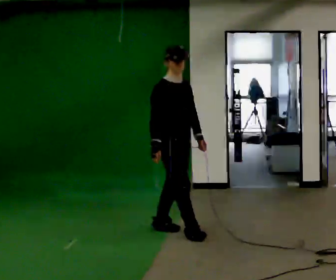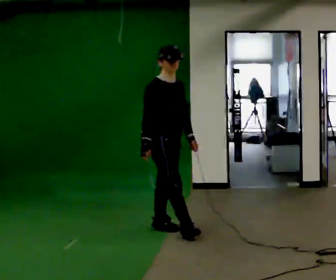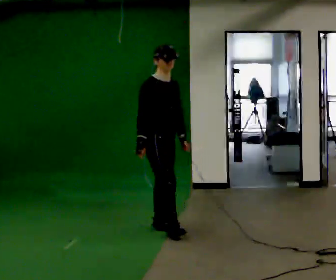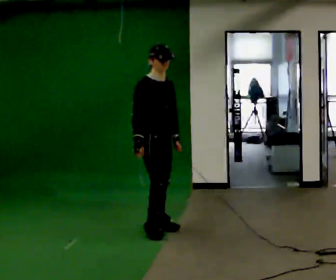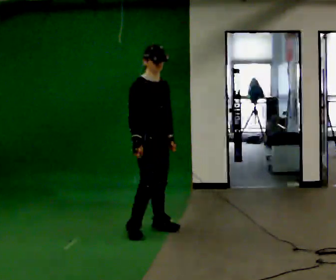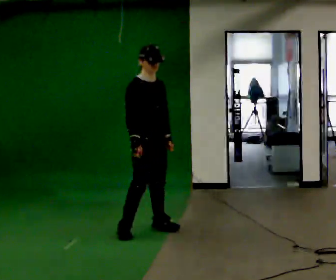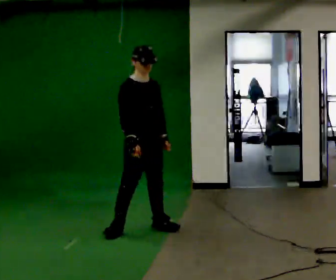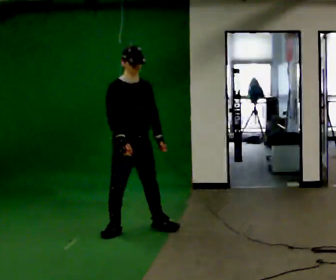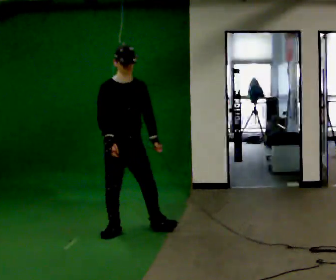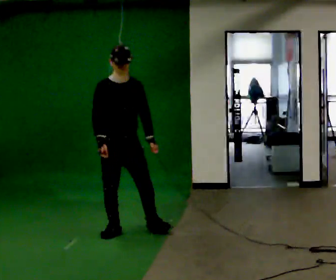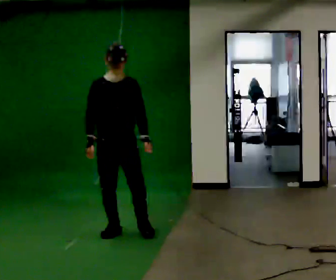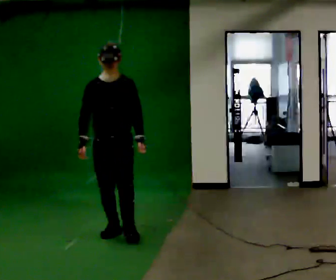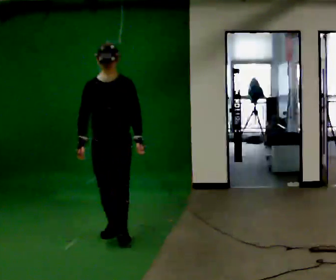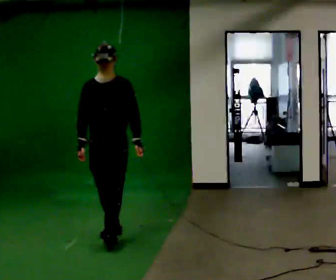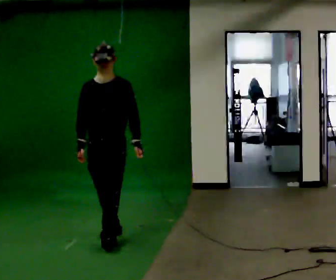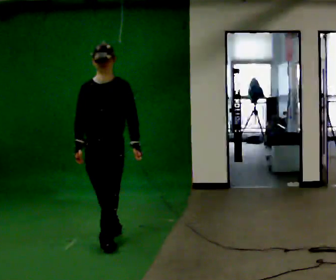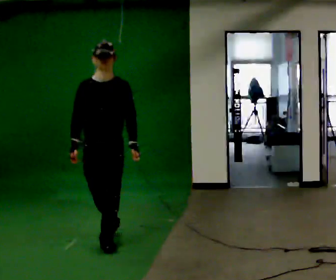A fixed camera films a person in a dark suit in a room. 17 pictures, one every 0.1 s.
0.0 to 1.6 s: Seen from above the body turns clockwise, about 60 degrees: to their right, with its near side sliding to the left. In the picture they go to the left and toward the camera, about 0.75 m in 2 steps.
The film runs forward here.
